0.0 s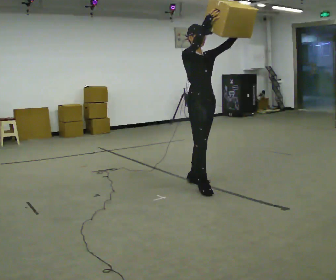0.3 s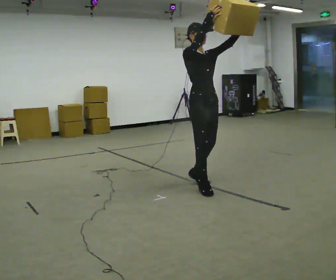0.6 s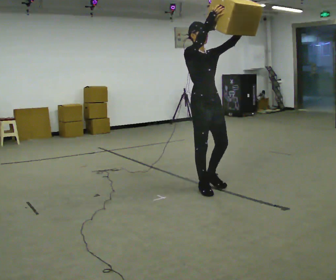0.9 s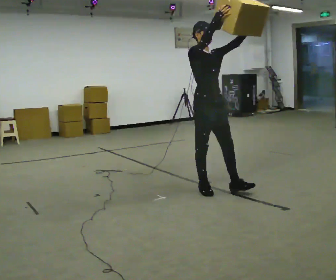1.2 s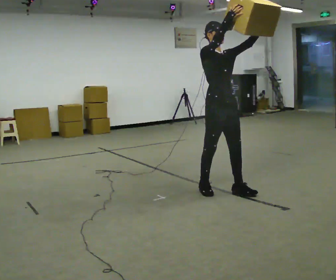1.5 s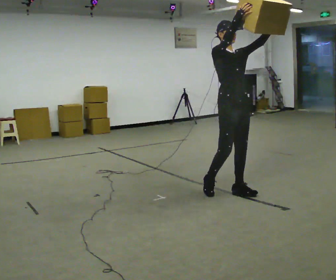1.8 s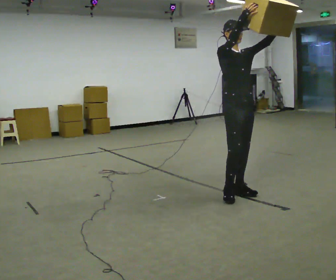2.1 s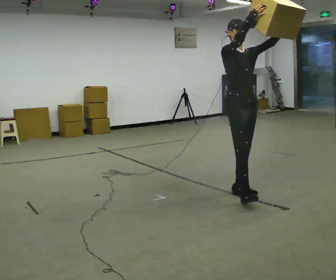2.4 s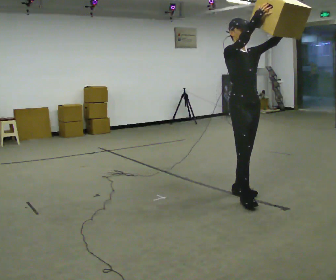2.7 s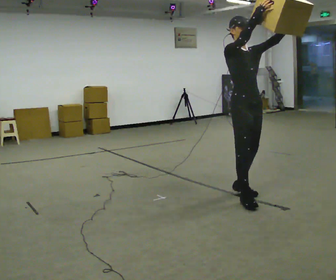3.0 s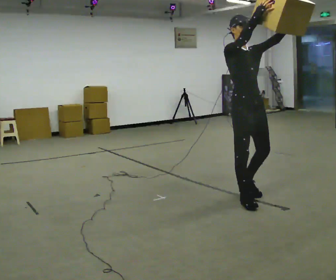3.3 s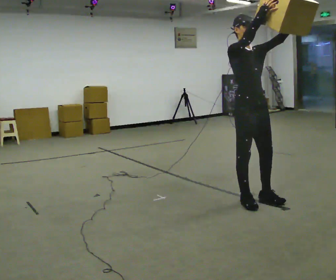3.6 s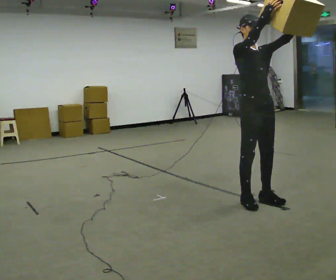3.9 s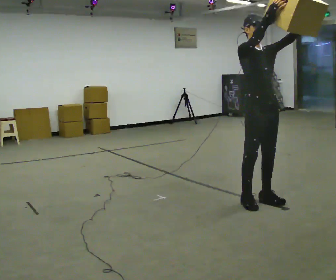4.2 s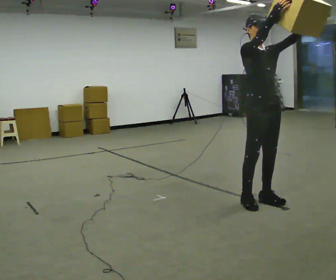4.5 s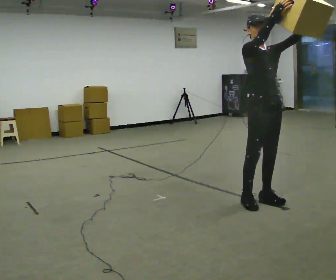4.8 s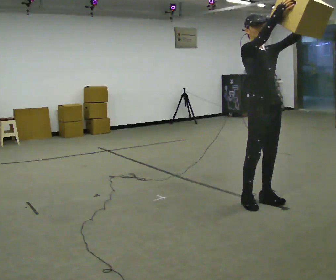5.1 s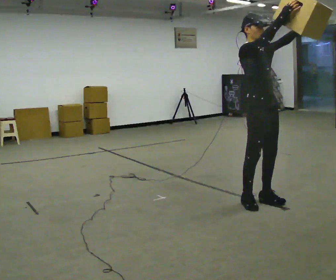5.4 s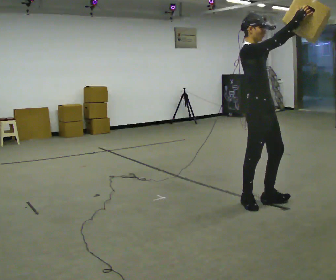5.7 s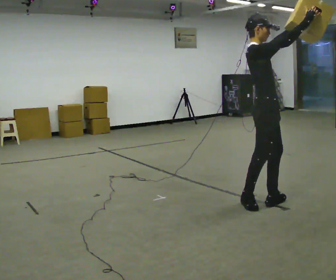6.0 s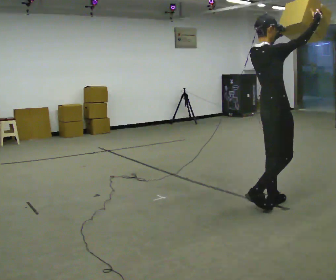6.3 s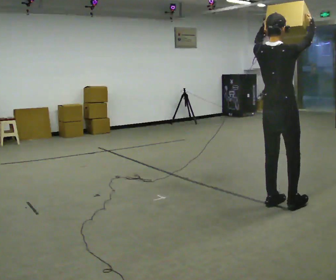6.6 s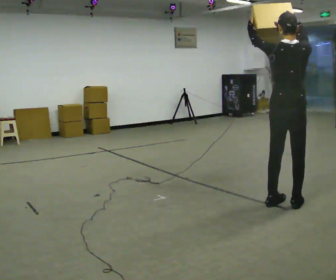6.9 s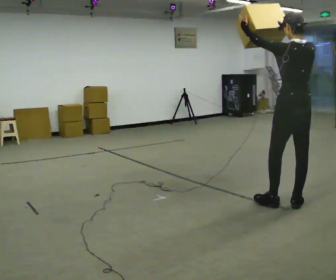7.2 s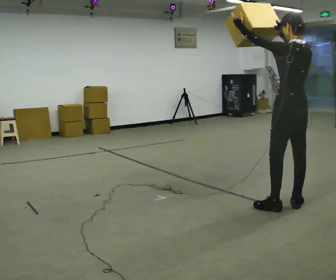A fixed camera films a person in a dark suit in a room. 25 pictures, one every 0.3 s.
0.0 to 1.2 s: In the picture they go to the right and toward the camera, about 0.25 m in 1 step, which for them is forward.
1.2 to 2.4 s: In the picture they go to the right, about 0.25 m in 1 step, which for them is forward.
2.4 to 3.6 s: In the picture they go toward the camera, about 0.25 m in 1 step, which for them is forward.
3.6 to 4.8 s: The person moves a little, or ends about where they began.
4.8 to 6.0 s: Seen from above the body turns counterclockwise, about 75 degrees: to their left, with its near side sliding to the right.
6.0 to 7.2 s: The person turns about 105 degrees to their left, counterclockwise seen from above, so the part of the body nearest the lens slides to the right. In the picture they go to the right, about 0.25 m in 1 step. In the picture the upper body tilts clockwise, shoulders to the right. In the picture their right hand goes to the left.
The film runs forward here.
